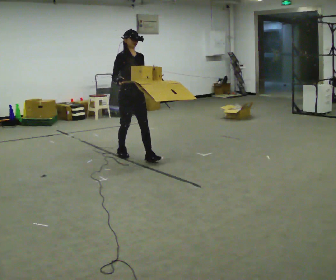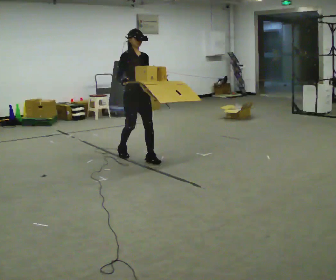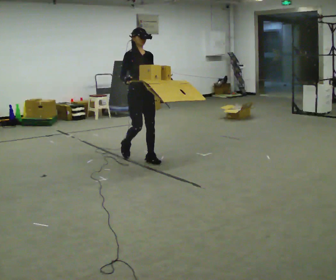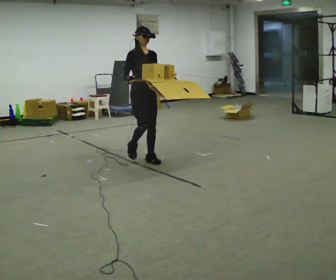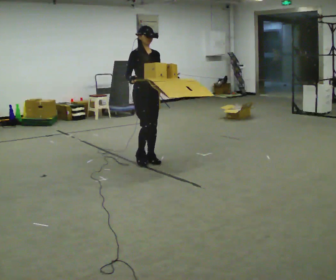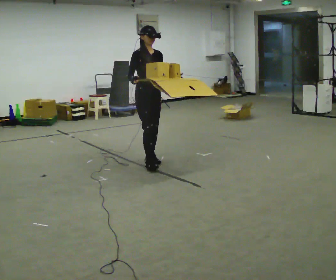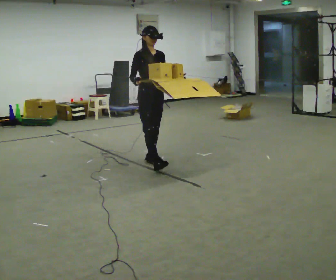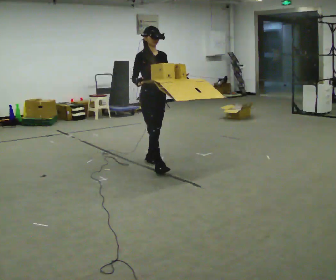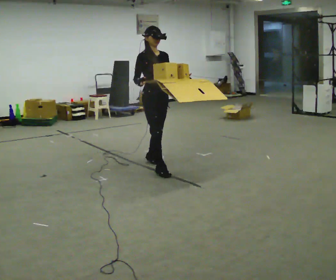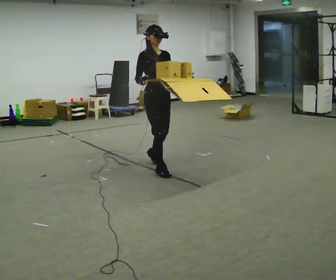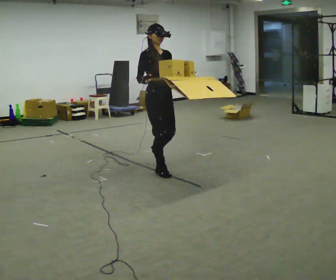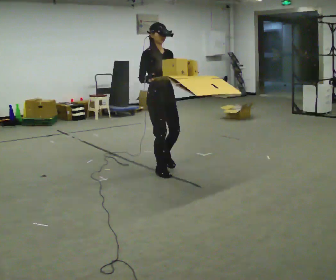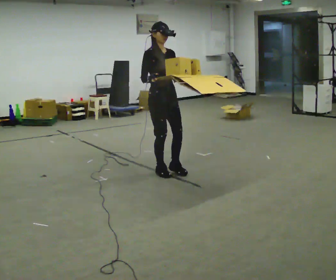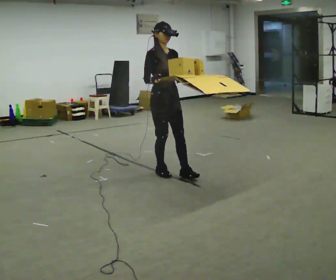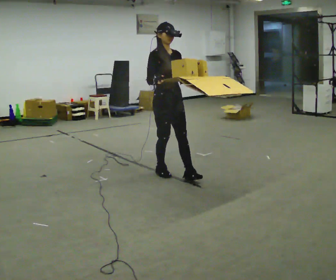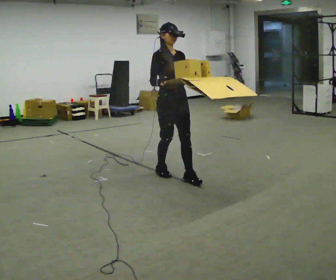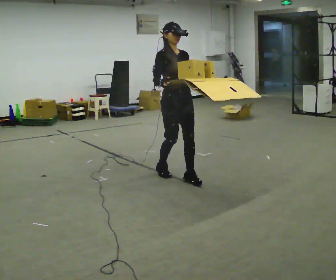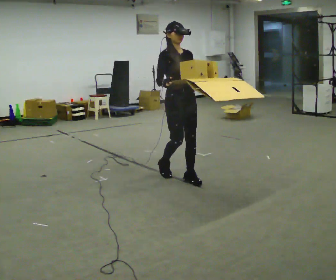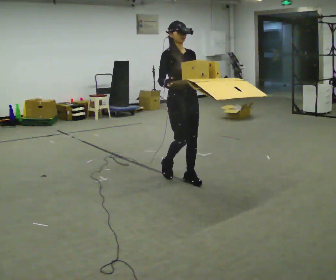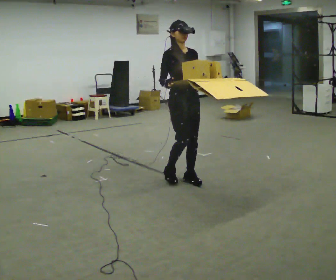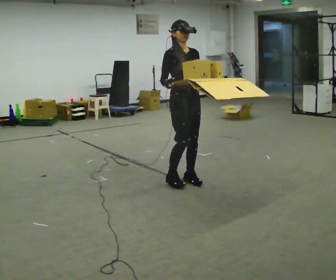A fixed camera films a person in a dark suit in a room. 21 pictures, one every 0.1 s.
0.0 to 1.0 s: In the picture they go toward the camera and to the right, about 0.75 m in 1 step, which for them is forward.
1.0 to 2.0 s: In the picture they go to the right and toward the camera, about 0.5 m in 1 step, which for them is forward.
The film runs forward here.
